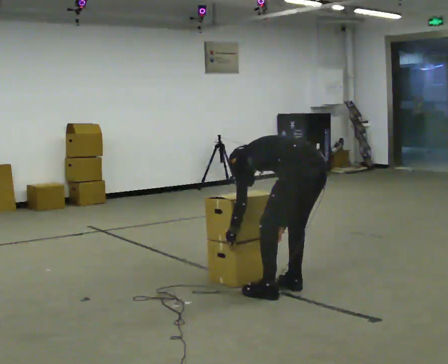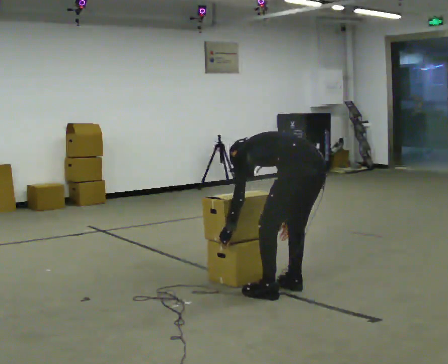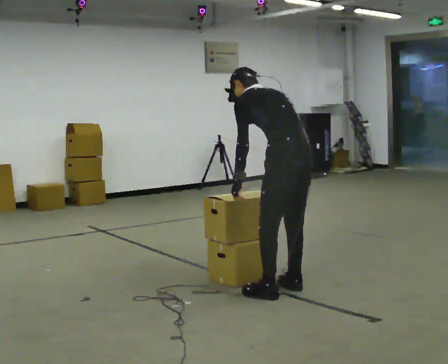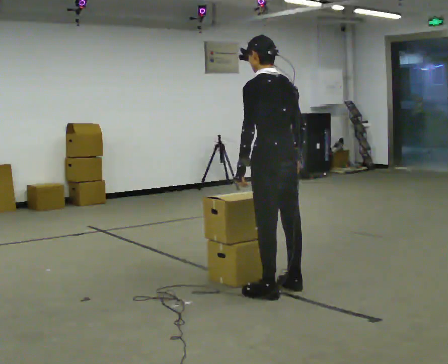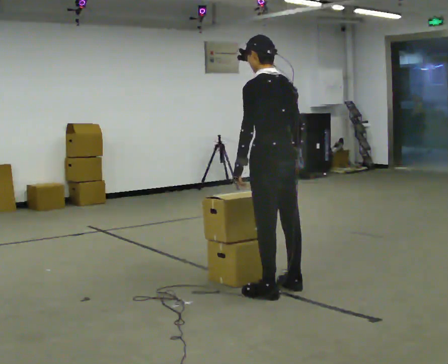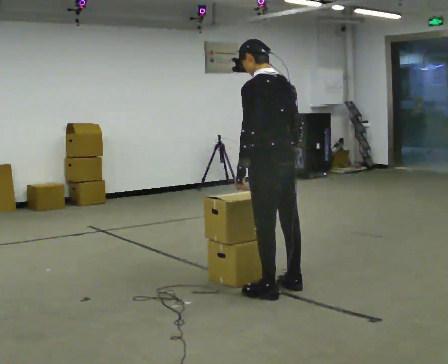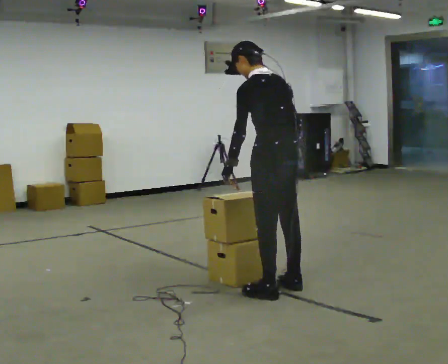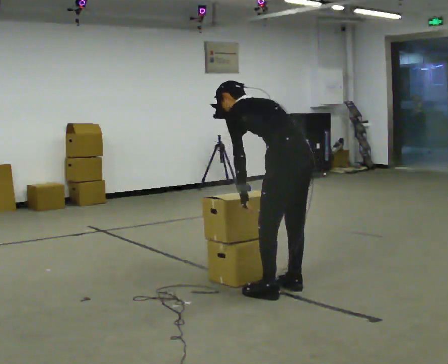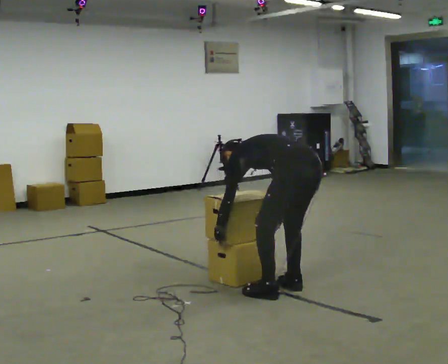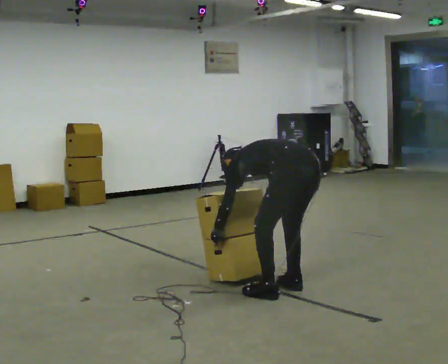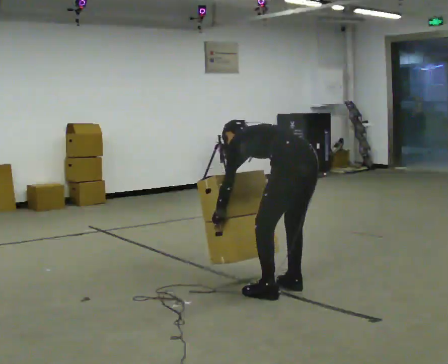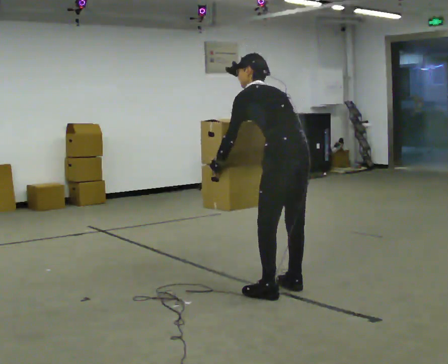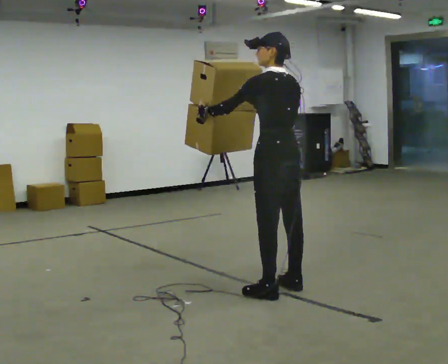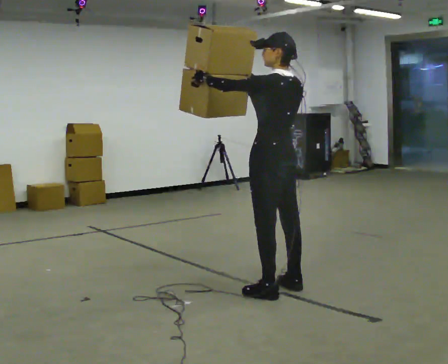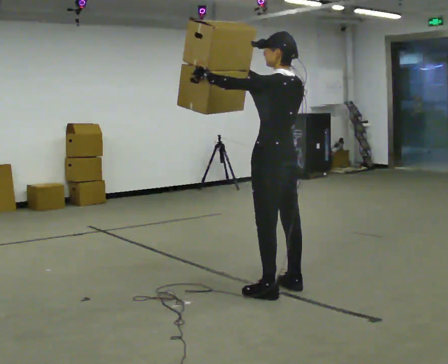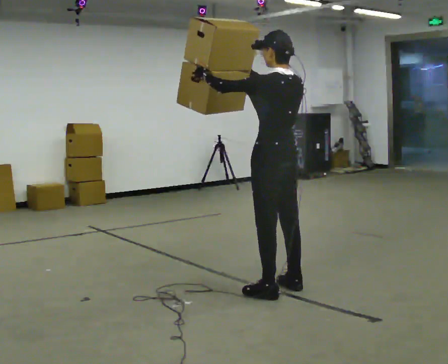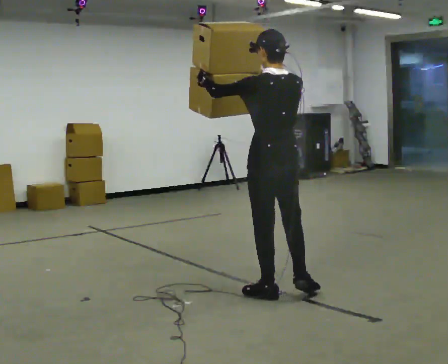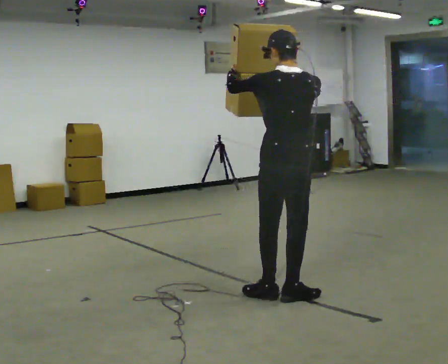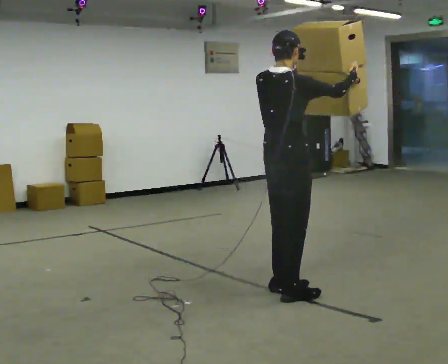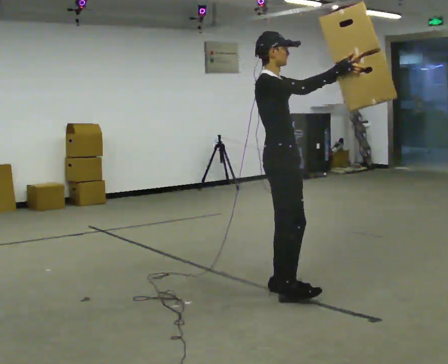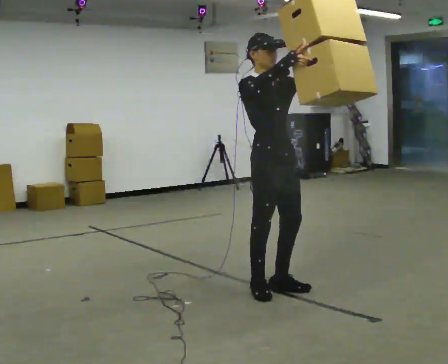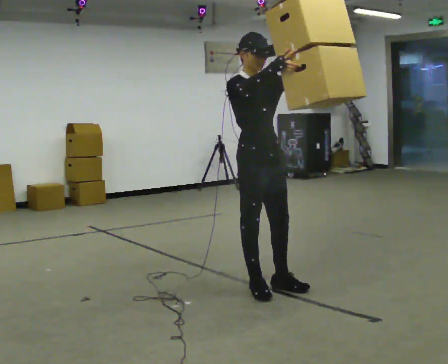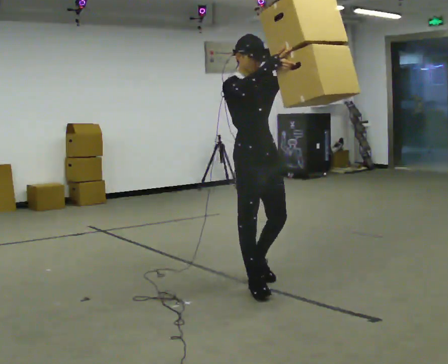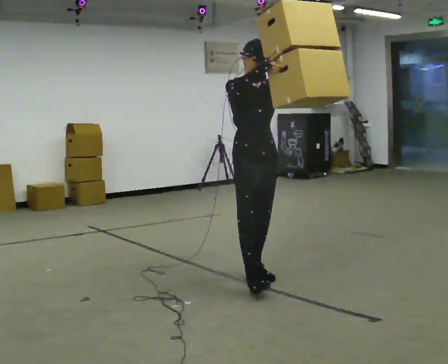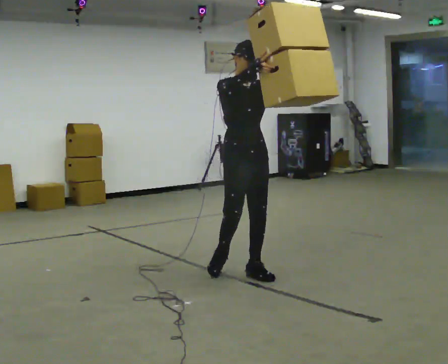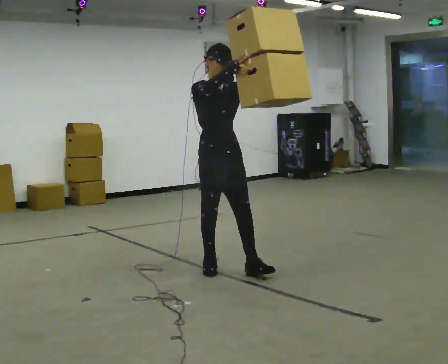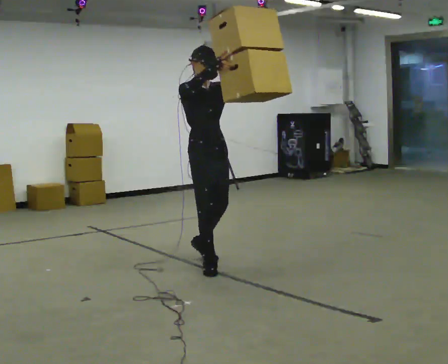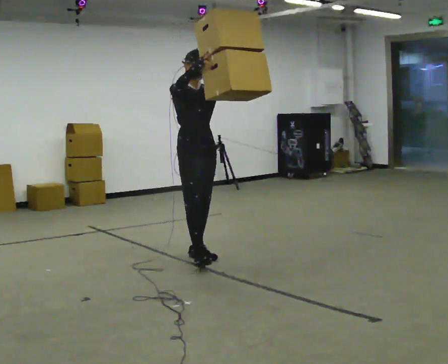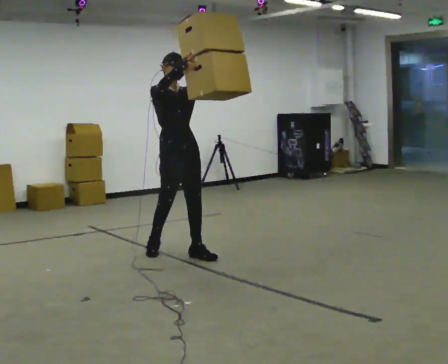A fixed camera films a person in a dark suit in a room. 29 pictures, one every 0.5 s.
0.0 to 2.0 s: In the picture they go to the left and away from the camera, about 0.25 m, which for them is forward. The upper body goes upward. The upper body tips toward the camera, its near side rolling downward, as they lean back or straighten. In the picture their left hand goes upward.
2.0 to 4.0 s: In the picture they go to the right, about 0.25 m, which for them is backward. The upper body goes downward. The upper body tips away from the camera, its near side rolling upward, as they bend forward. In the picture their left hand goes downward.
4.0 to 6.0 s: The upper body goes upward. In the picture the upper body tilts clockwise, shoulders to the right, as they lean back or straighten. In the picture their right hand goes upward.
6.0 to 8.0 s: The person moves a little, or ends about where they began.
8.0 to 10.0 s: The part of the body nearest the lens slides to the left as the person turns to their right by about 165 degrees. In the picture their left hand goes to the right.
10.0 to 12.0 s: In the picture they go away from the camera and to the left, about 0.5 m in 2 steps, which for them is backward.
12.0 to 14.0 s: In the picture they go away from the camera and to the left, about 1 m in 2 steps, which for them is backward.
The film runs backward here.
